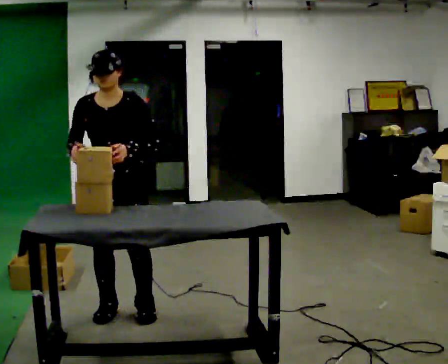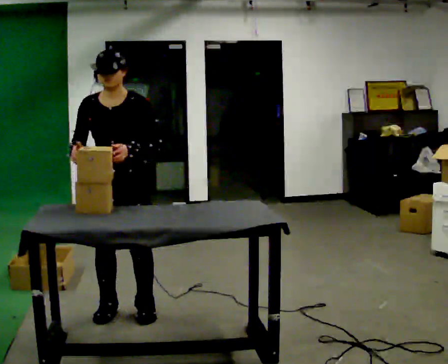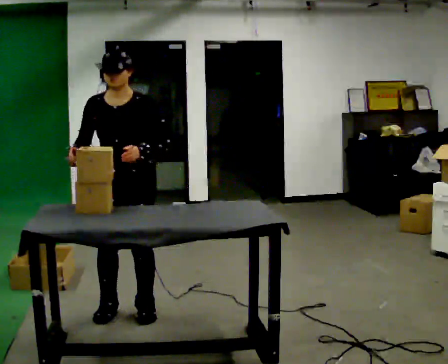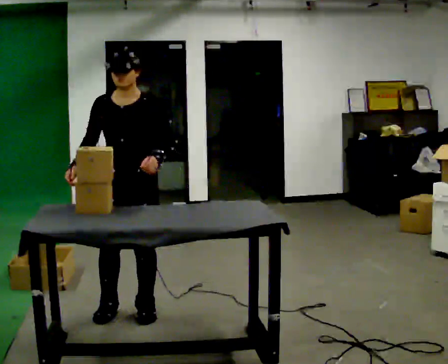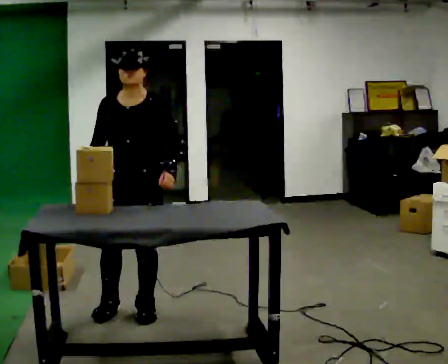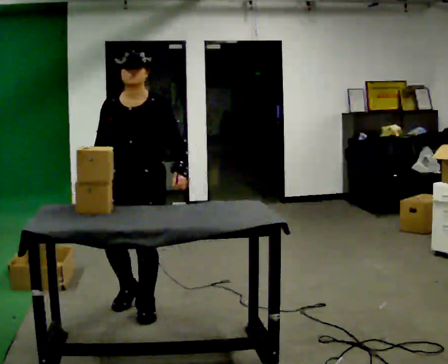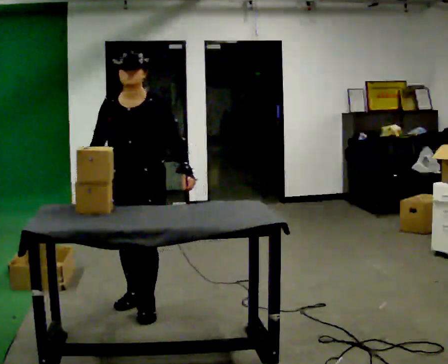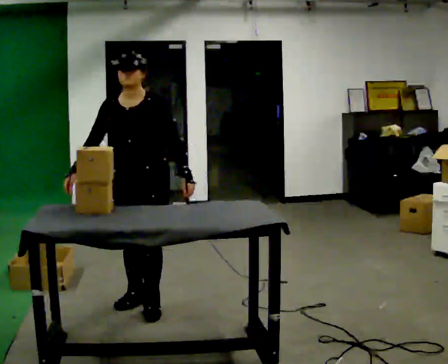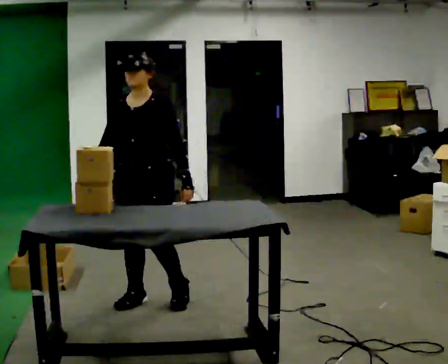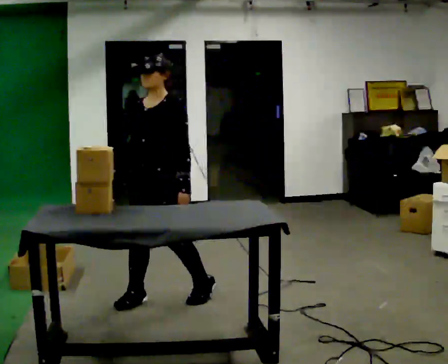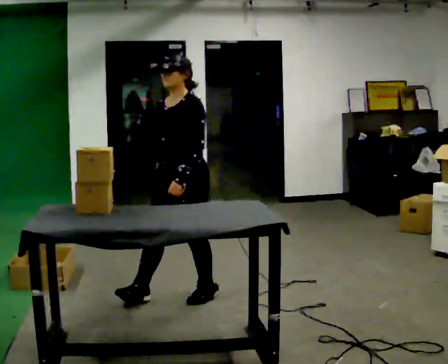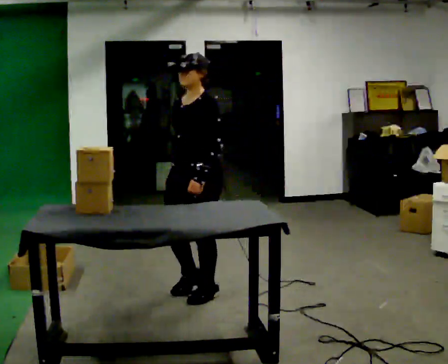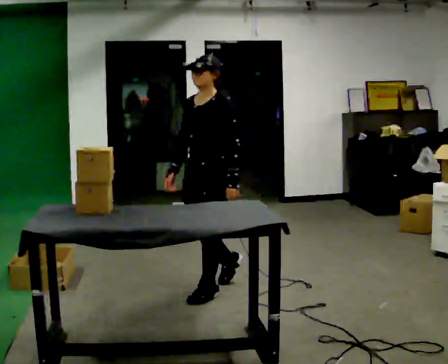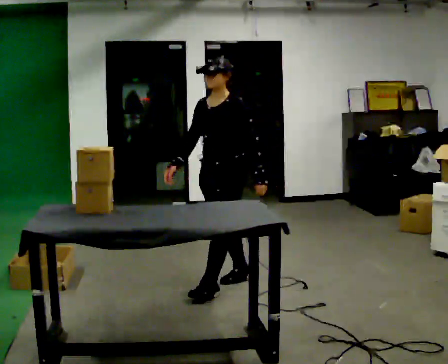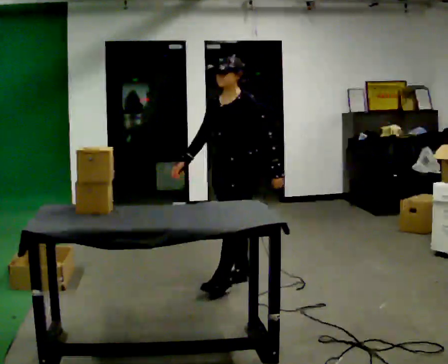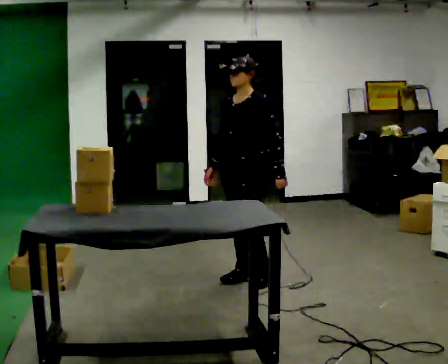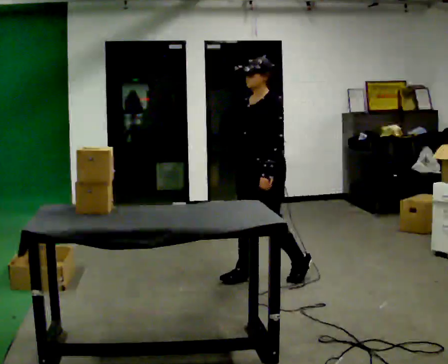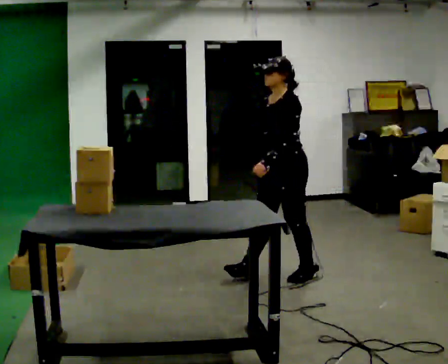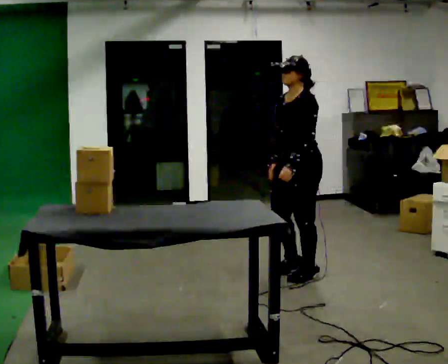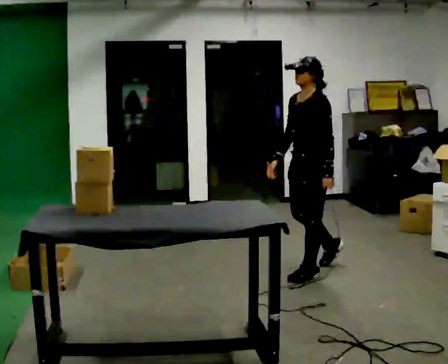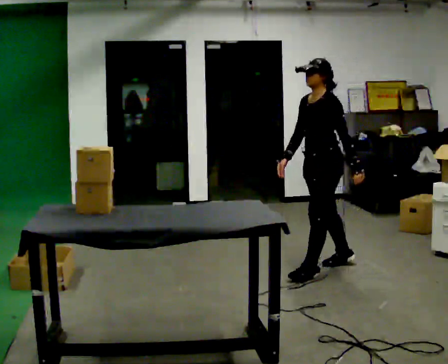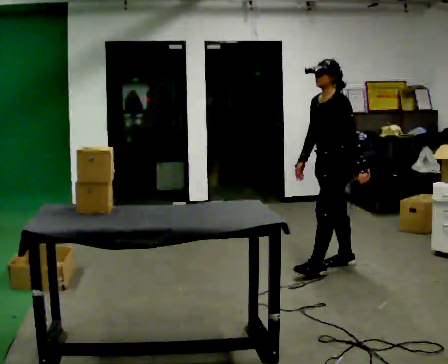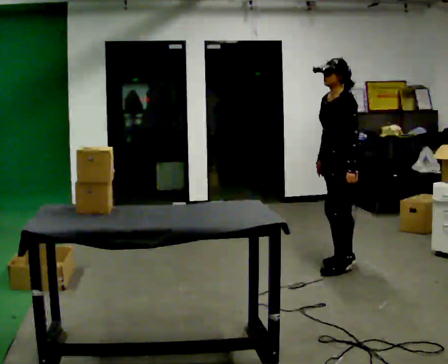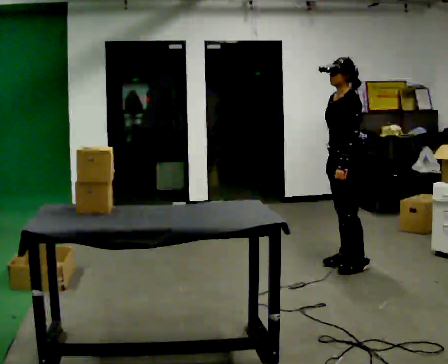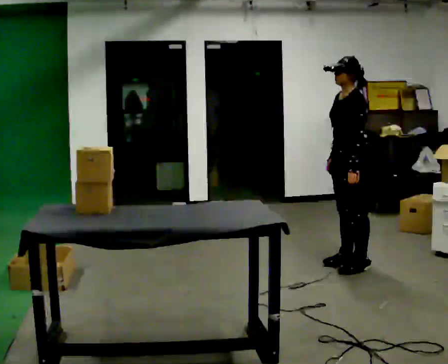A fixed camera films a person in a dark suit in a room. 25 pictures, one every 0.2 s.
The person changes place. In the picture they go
to the right.
The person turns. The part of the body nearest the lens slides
to the left.
0.0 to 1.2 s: The person moves a little, or ends about where they began.
1.2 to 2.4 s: The part of the body nearest the lens slides to the left as the person turns to their right by about 45 degrees. In the picture they go to the right and away from the camera, about 0.5 m in 2 steps, which for them is backward.
2.4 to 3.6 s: In the picture they go to the right and away from the camera, about 0.5 m in 2 steps, which for them is backward.
3.6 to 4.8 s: In the picture they go to the right and away from the camera, about 0.5 m in 1 step, which for them is backward.
The film runs backward here.
